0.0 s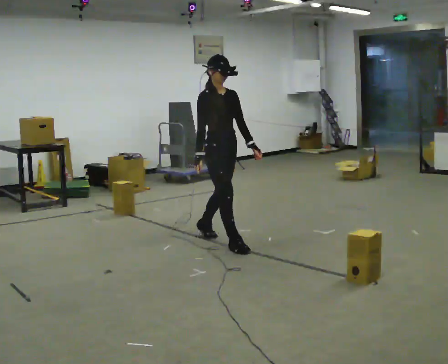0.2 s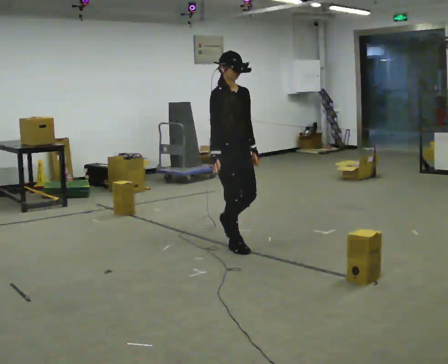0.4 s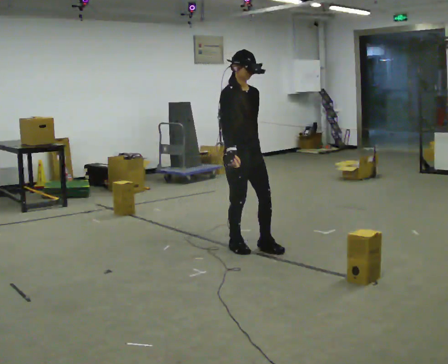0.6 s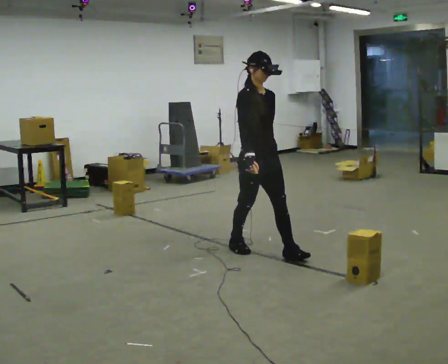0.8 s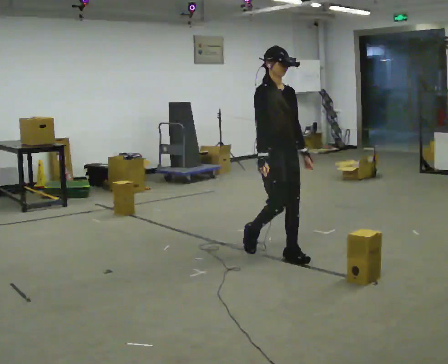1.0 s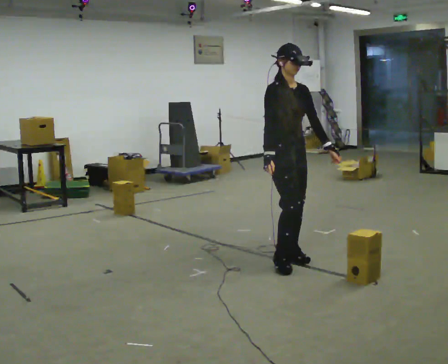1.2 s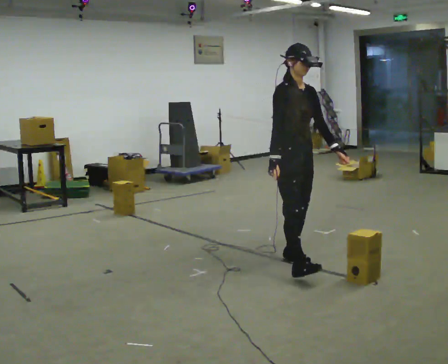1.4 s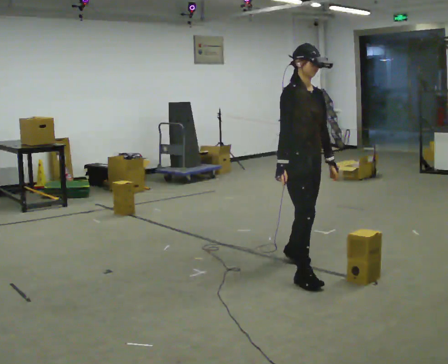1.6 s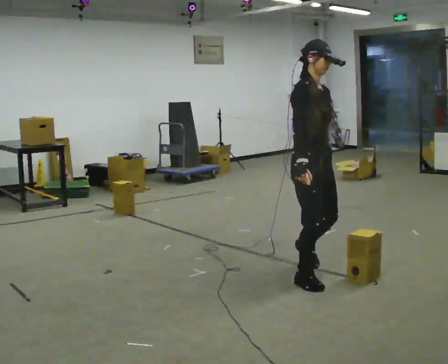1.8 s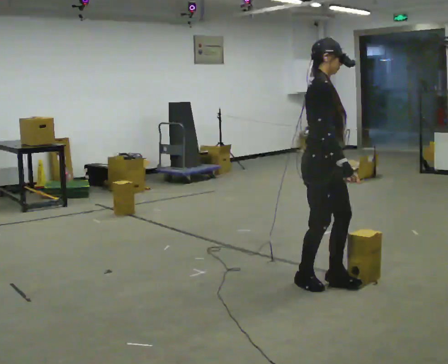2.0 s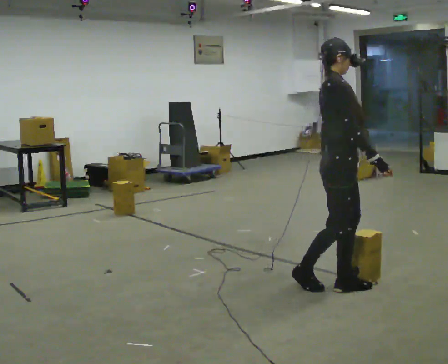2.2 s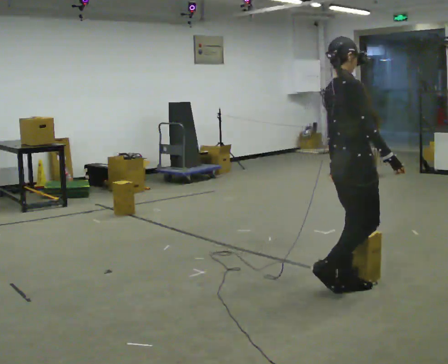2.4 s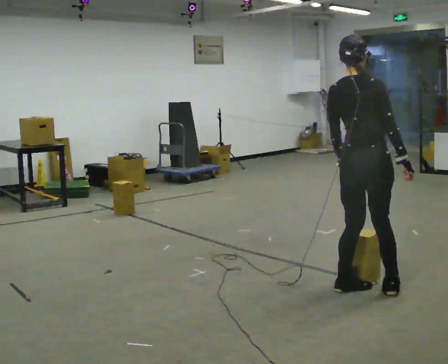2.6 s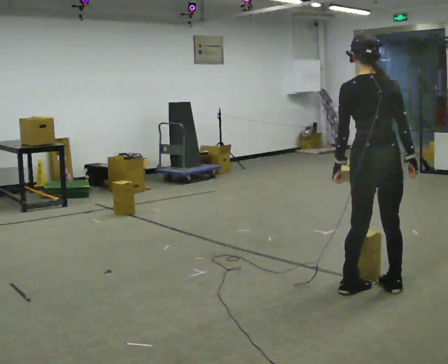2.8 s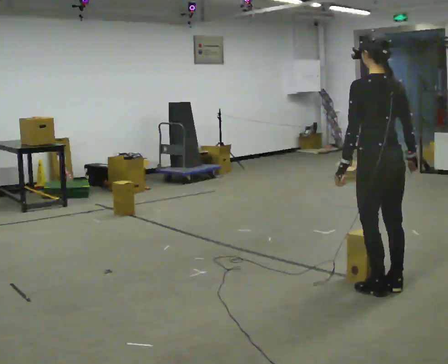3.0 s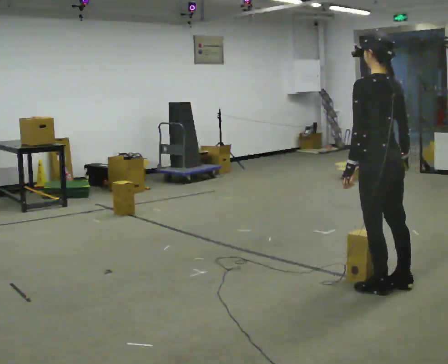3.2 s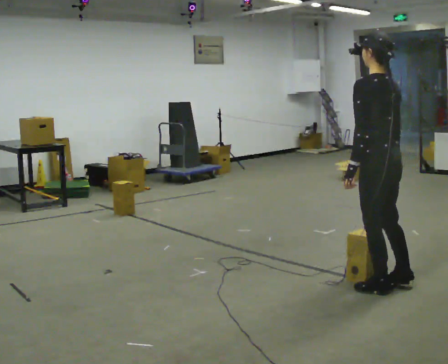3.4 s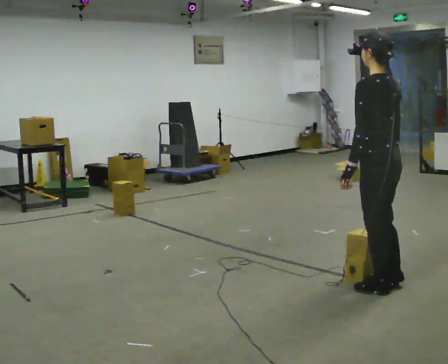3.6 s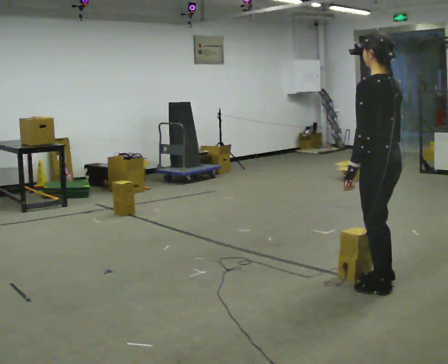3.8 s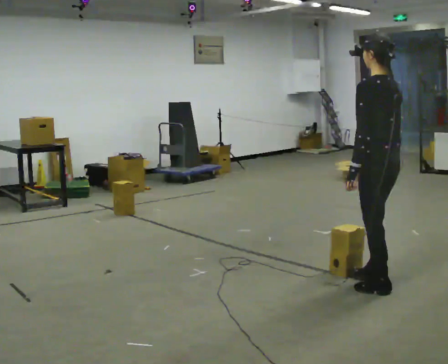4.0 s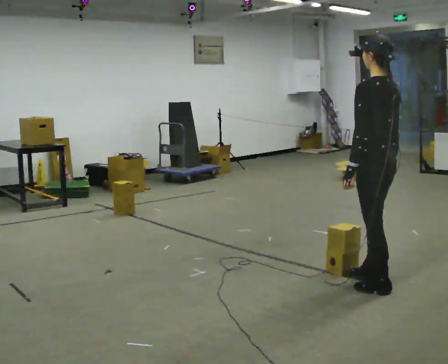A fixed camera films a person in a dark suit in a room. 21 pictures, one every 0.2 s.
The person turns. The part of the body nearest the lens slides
to the right.
The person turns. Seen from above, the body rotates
counterclockwise.
0.0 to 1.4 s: In the picture they go toward the camera and to the right, about 1 m in 2 steps, which for them is forward.
1.4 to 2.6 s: The person turns about 135 degrees to their left, counterclockwise seen from above, so the part of the body nearest the lens slides to the right. In the picture they go to the right and toward the camera, about 0.5 m in 2 steps.
2.6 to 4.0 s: Seen from above the body turns counterclockwise, about 45 degrees: to their left, with its near side sliding to the right.
The film runs forward here.
